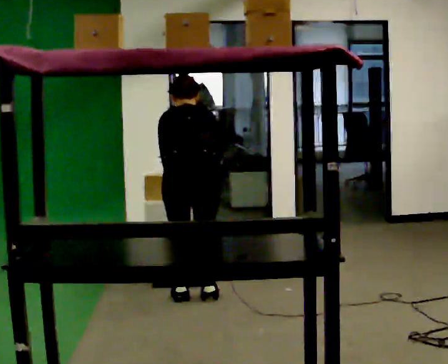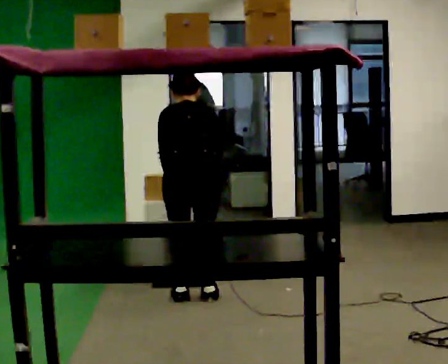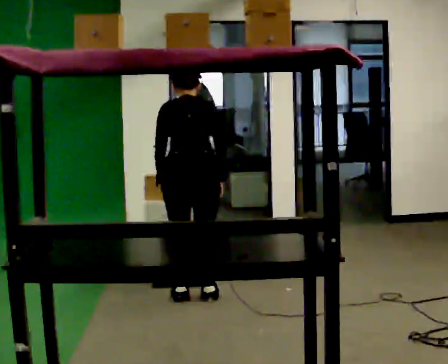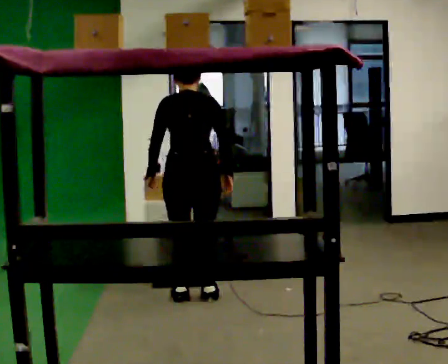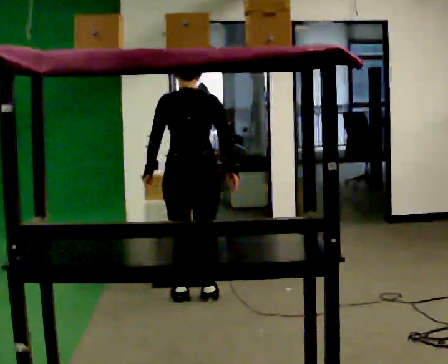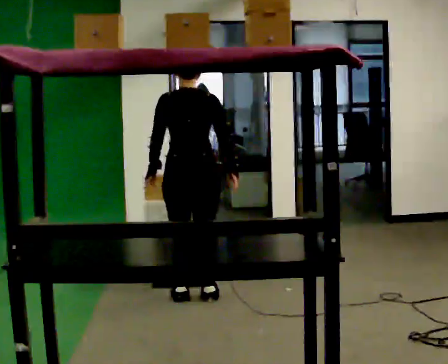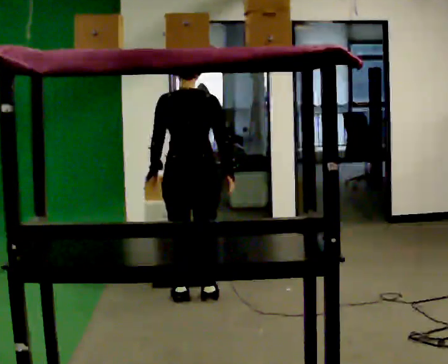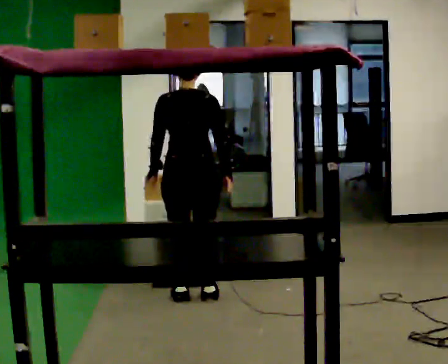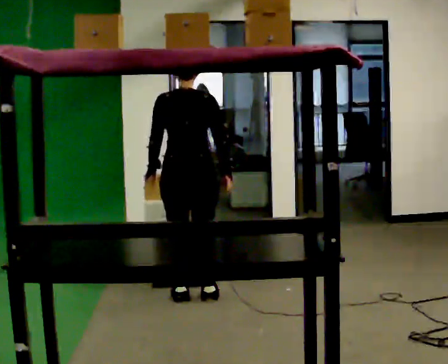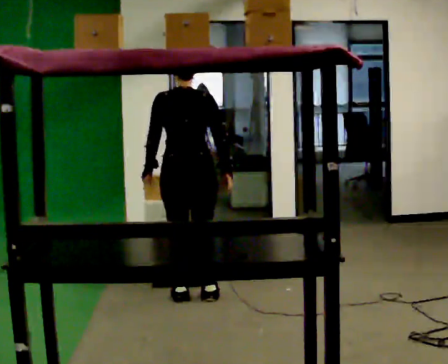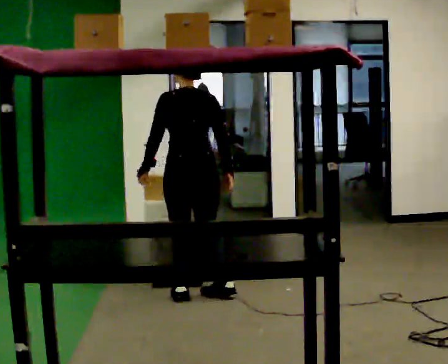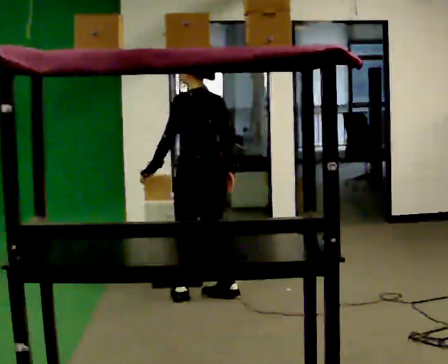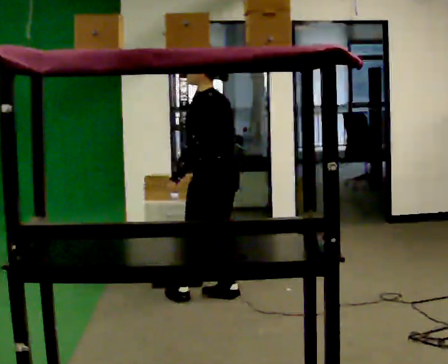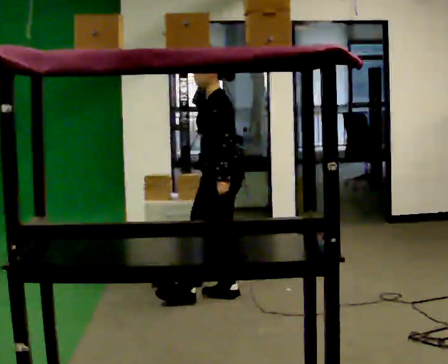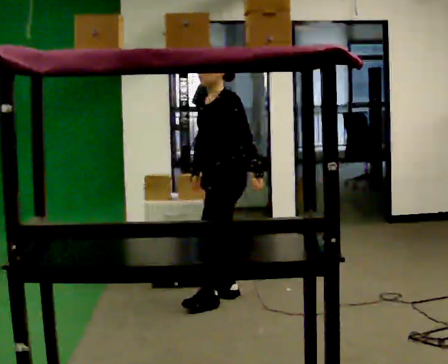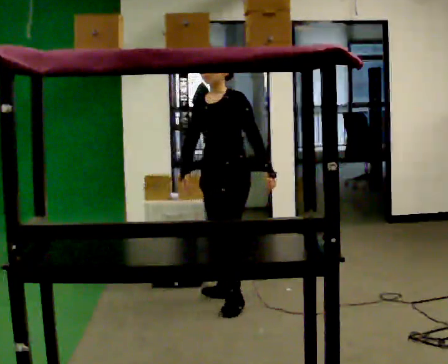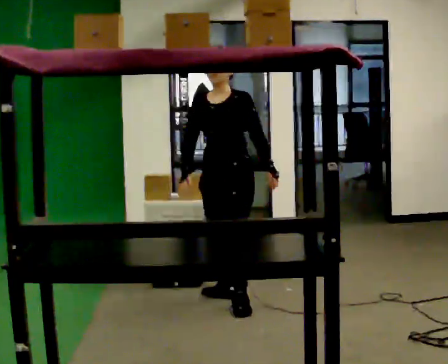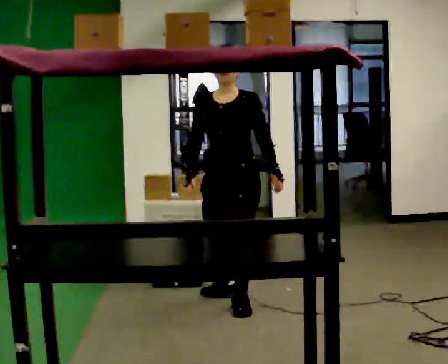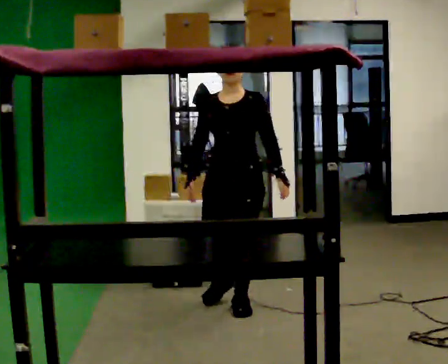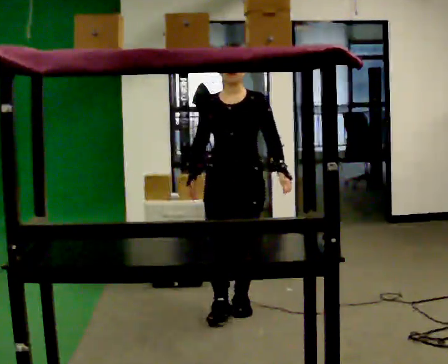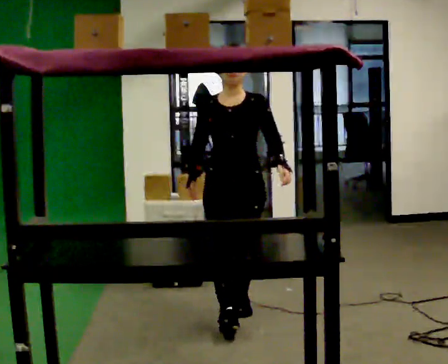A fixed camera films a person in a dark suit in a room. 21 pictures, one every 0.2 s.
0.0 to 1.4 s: The upper body tips toward the camera, its near side rolling downward, as they lean back or straighten.
1.4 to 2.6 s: The person turns about 90 degrees to their left, counterclockwise seen from above, so the part of the body nearest the lens slides to the right. In the picture they go to the right, about 0.25 m in 1 step. In the picture their left hand goes to the right.
2.6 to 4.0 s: The person turns about 90 degrees to their left, counterclockwise seen from above, so the part of the body nearest the lens slides to the right. In the picture they go toward the camera, about 0.5 m in 1 step.
The film runs forward here.
